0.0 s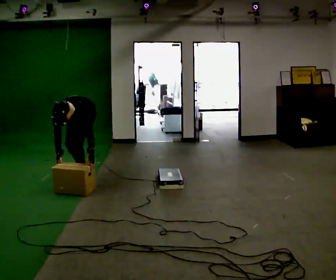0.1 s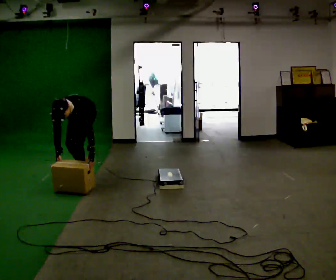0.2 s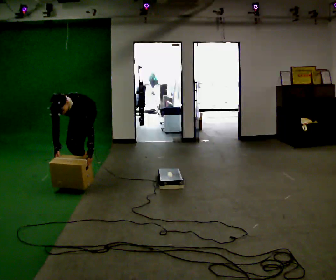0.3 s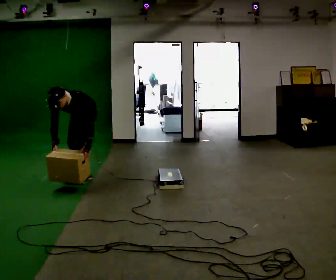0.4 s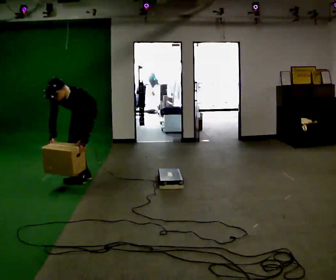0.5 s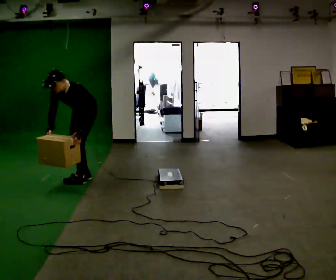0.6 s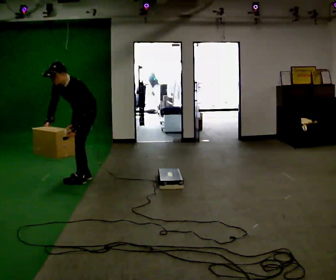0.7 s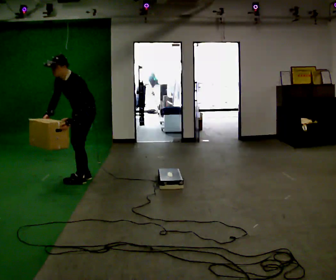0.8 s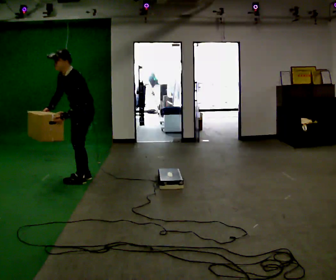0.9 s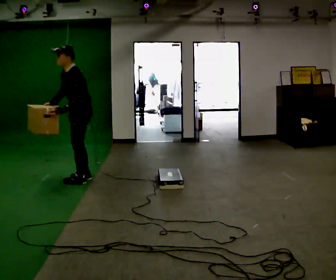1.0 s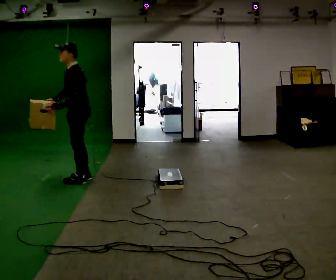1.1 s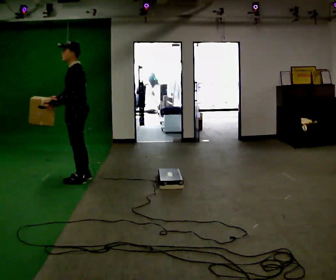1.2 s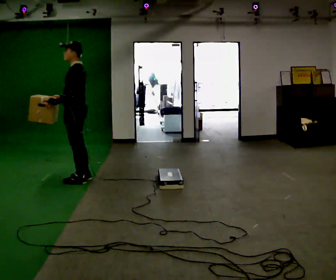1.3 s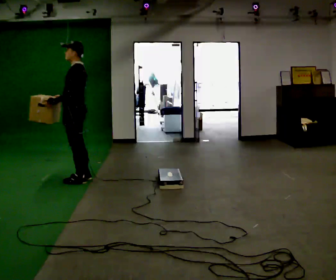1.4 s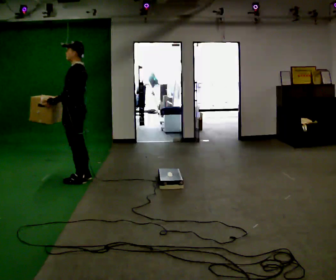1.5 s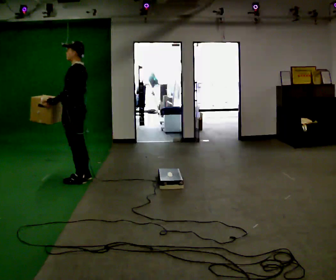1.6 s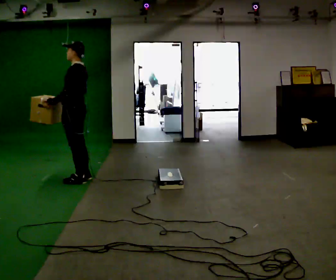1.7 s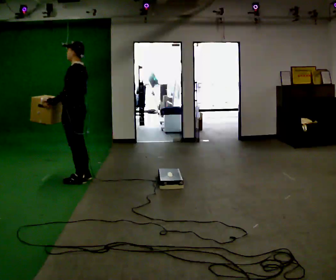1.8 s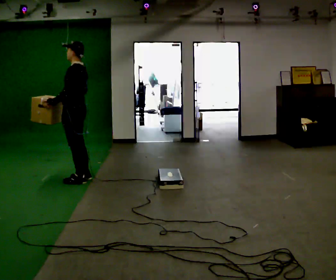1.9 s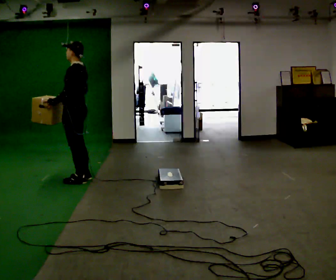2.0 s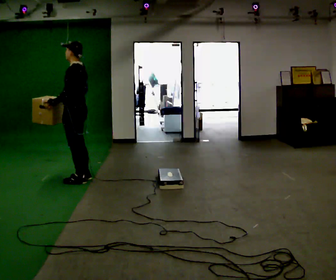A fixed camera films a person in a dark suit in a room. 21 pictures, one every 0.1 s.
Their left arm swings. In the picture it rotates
clockwise.
The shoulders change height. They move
upward.
0.0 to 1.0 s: Seen from above the body turns clockwise, about 60 degrees: to their right, with its near side sliding to the left. In the picture they go toward the camera, about 0.25 m, which for them is forward and to their left. The shoulders move upward. The upper body tips away from the camera, its near side rolling upward, as they lean back or straighten. In the picture their left hand goes upward and to the left, the arm swinging clockwise.
1.0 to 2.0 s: The person moves a little, or ends about where they began.
The film runs forward here.
